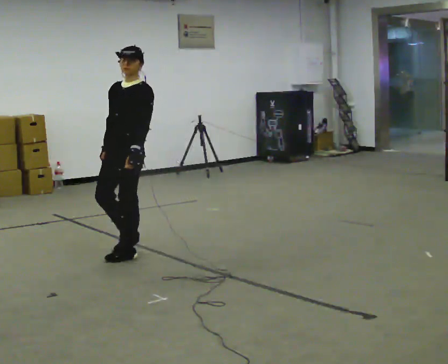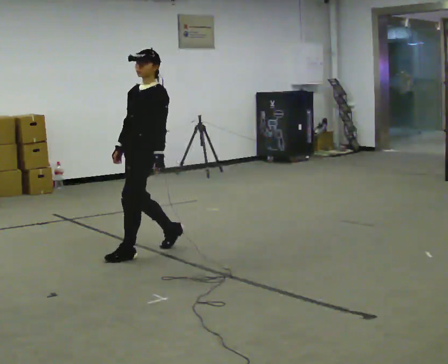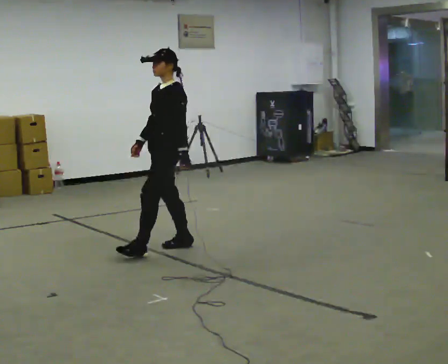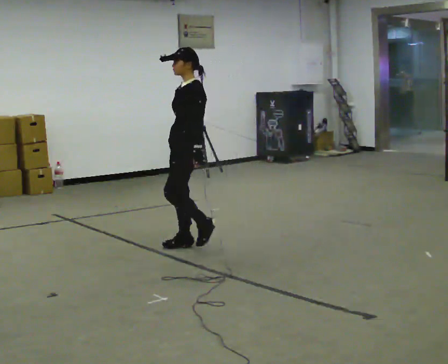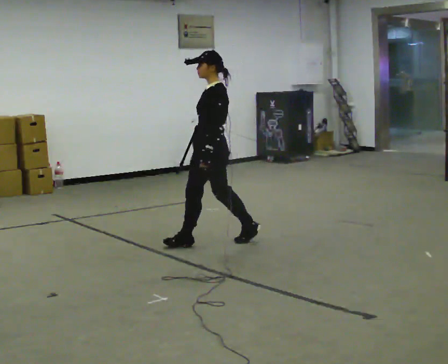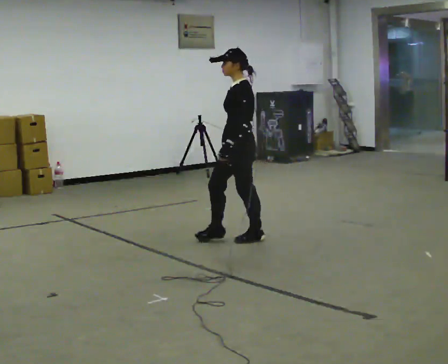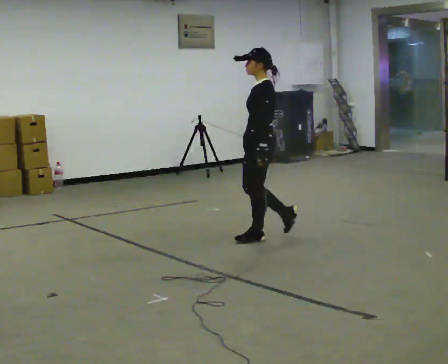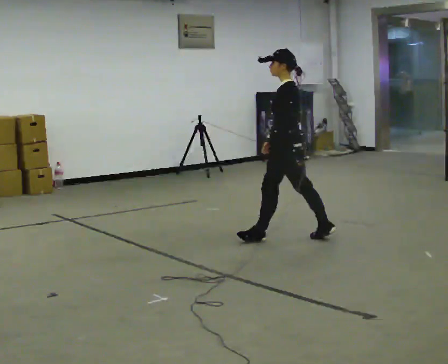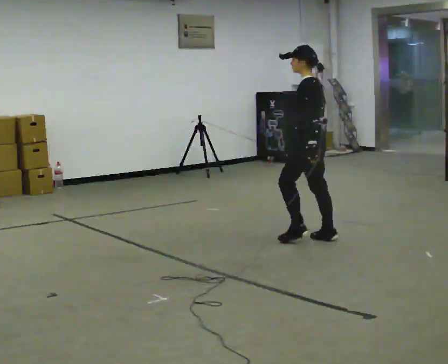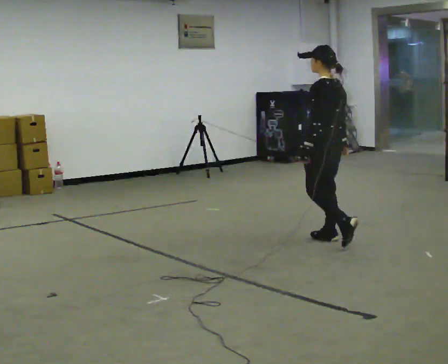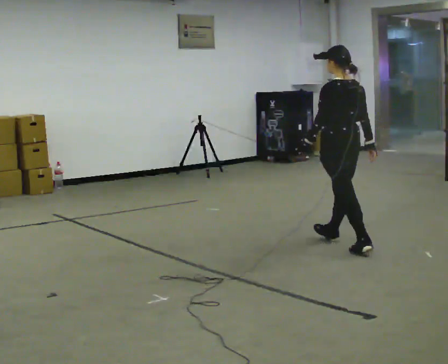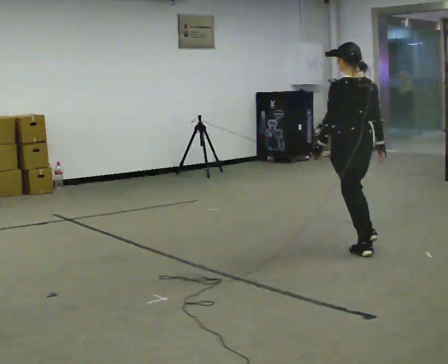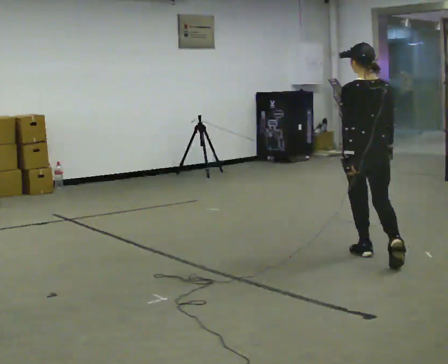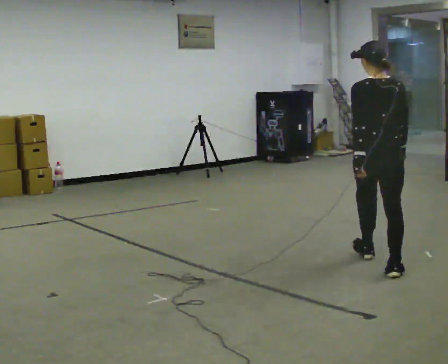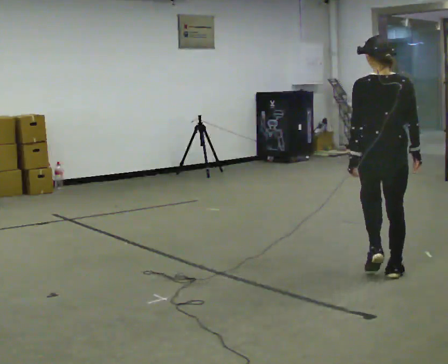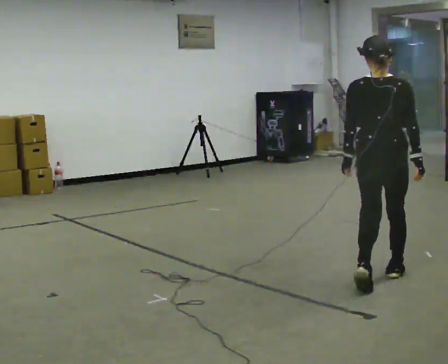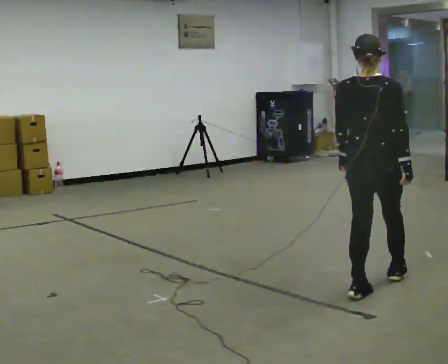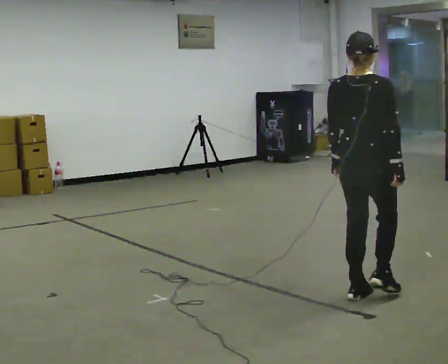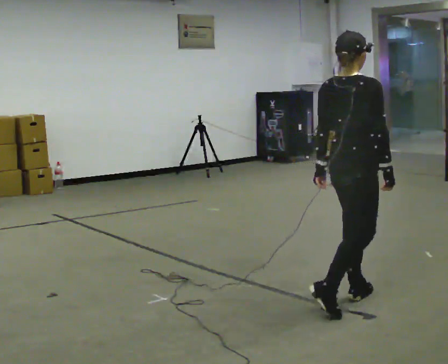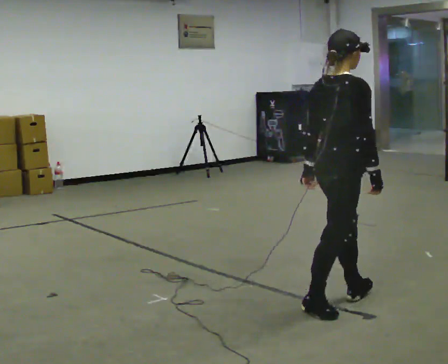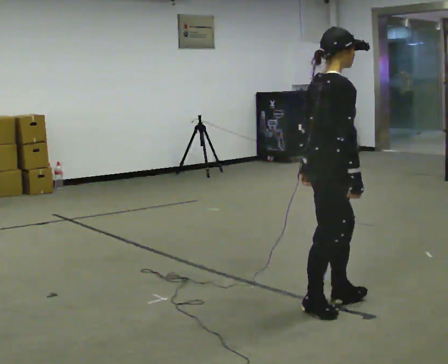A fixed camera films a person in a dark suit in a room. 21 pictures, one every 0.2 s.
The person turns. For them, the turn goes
to their right.
The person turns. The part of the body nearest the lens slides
to the left.
0.0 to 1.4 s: The person turns about 60 degrees to their right, clockwise seen from above, so the part of the body nearest the lens slides to the left. In the picture they go to the right and away from the camera, about 1.5 m in 3 steps, which for them is backward.
1.4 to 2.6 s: Seen from above the body turns clockwise, about 75 degrees: to their right, with its near side sliding to the left. In the picture they go toward the camera and to the right, about 1 m in 2 steps.
2.6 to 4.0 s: Seen from above the body turns clockwise, about 90 degrees: to their right, with its near side sliding to the left. In the picture they go toward the camera and to the left, about 1 m in 2 steps.
The film runs backward here.
